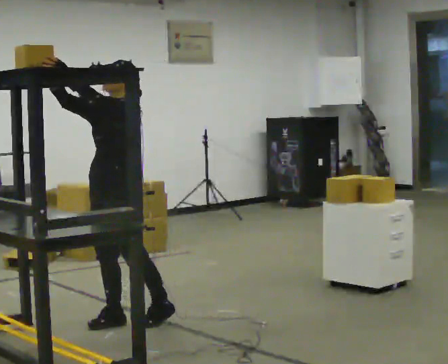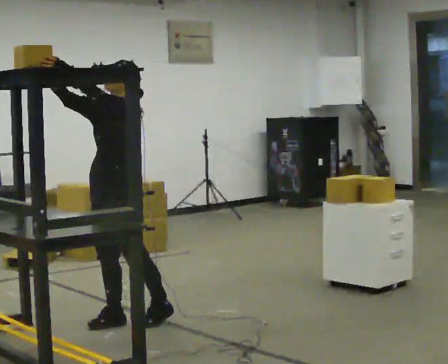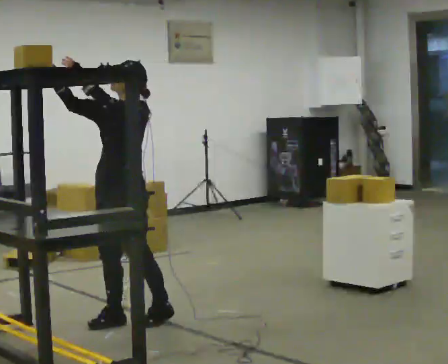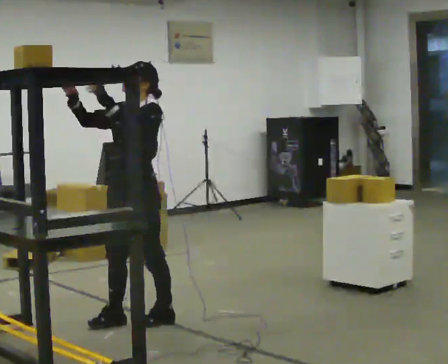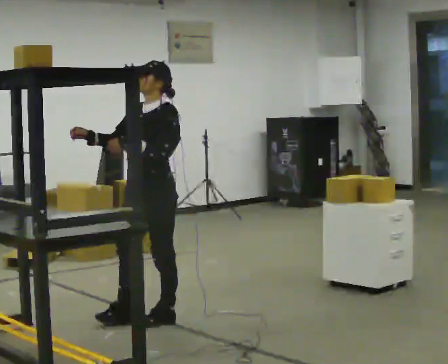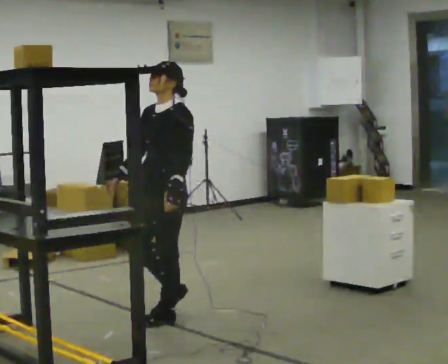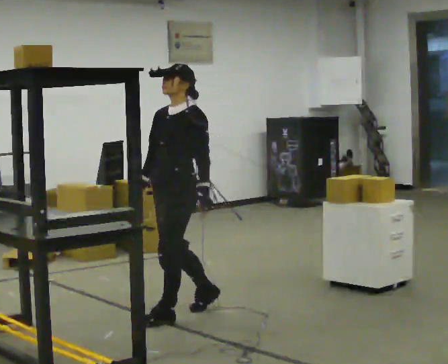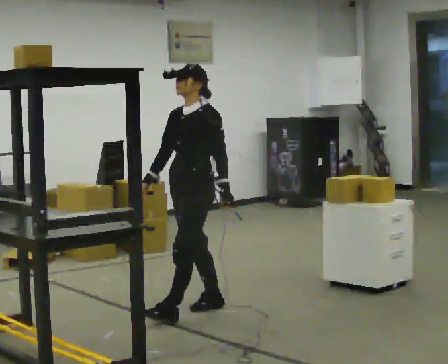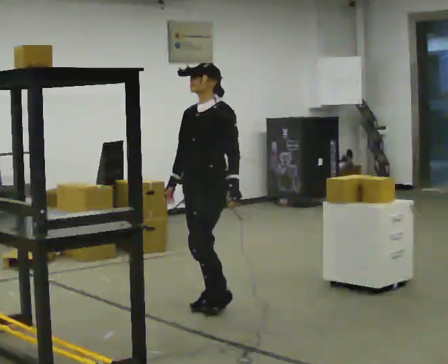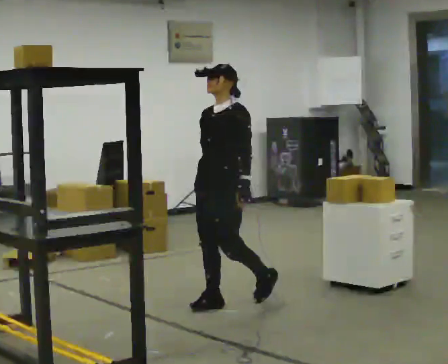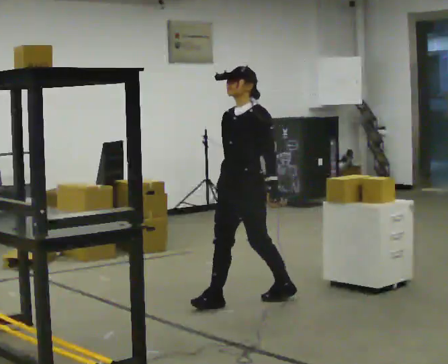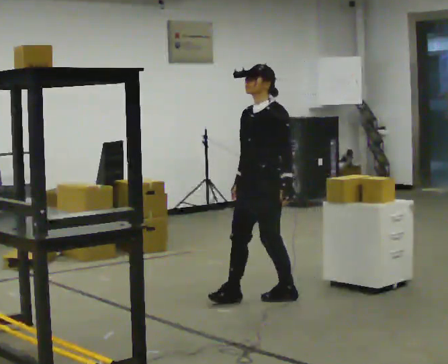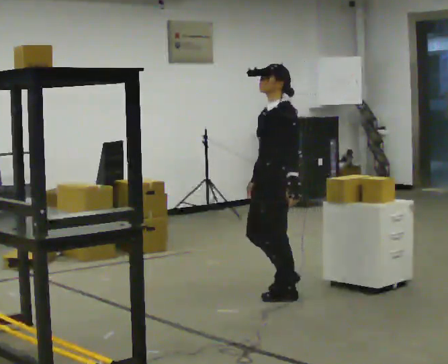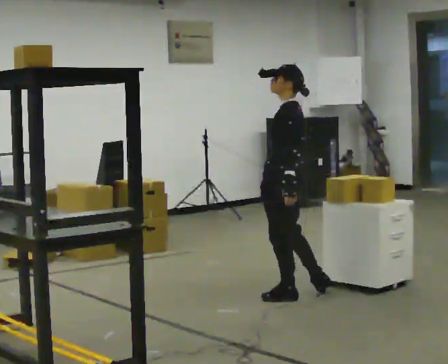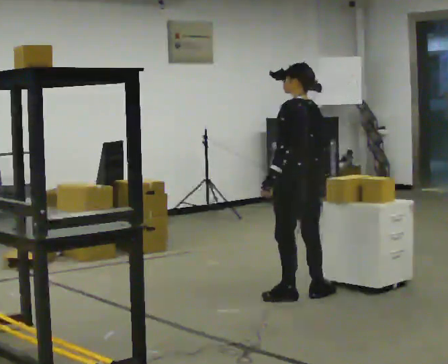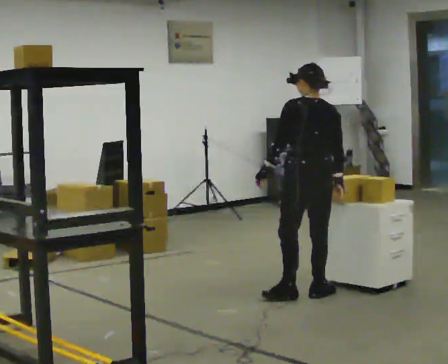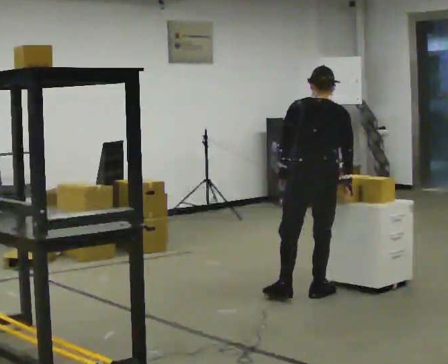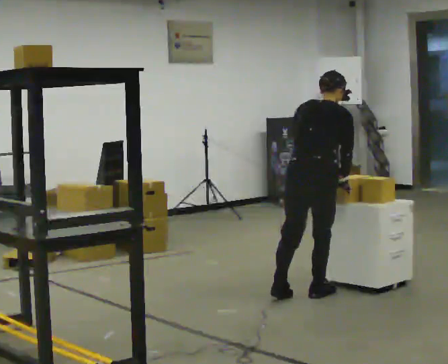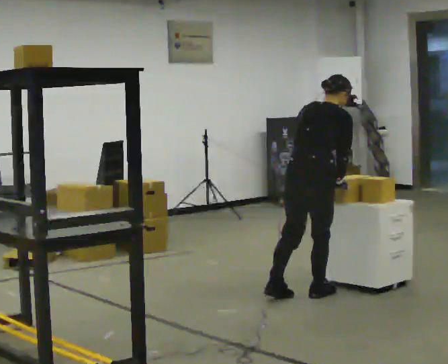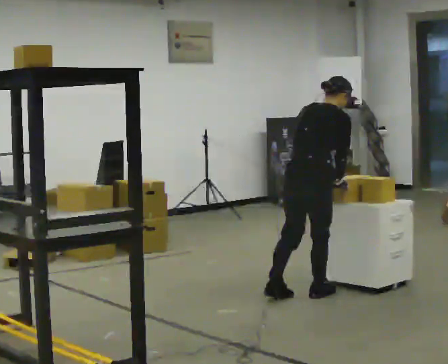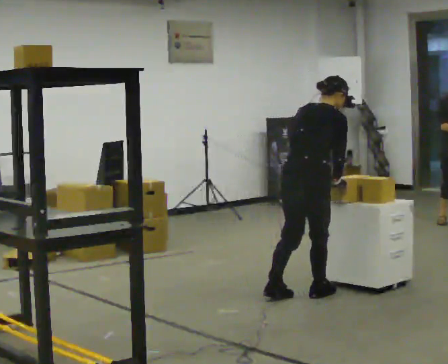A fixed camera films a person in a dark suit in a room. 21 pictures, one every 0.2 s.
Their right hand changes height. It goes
downward.
The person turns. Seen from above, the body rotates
clockwise.
0.0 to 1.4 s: In the picture they go to the right and away from the camera, about 0.5 m in 2 steps, which for them is backward. In the picture their left hand goes downward.
1.4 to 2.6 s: The person turns about 60 degrees to their right, clockwise seen from above, so the part of the body nearest the lens slides to the left. In the picture they go to the right and away from the camera, about 0.75 m in 1 step, which for them is backward.
2.6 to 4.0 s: The person turns about 120 degrees to their right, clockwise seen from above, so the part of the body nearest the lens slides to the left. In the picture the upper body tilts clockwise, shoulders to the right, as they bend forward.
The film runs backward here.
